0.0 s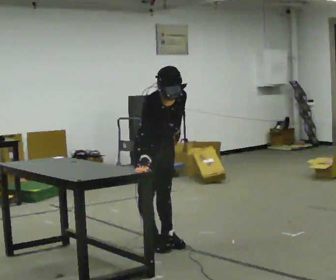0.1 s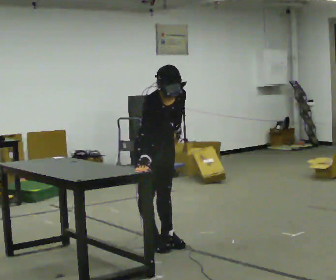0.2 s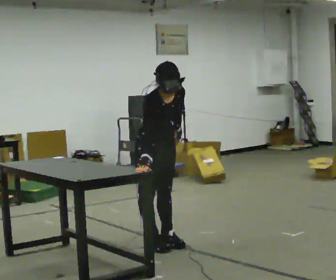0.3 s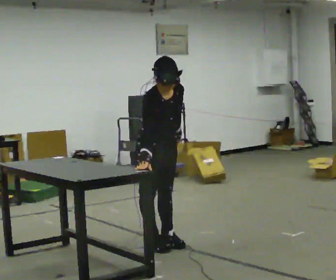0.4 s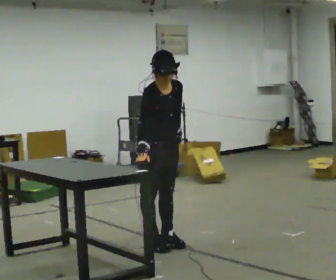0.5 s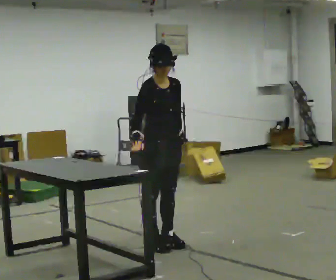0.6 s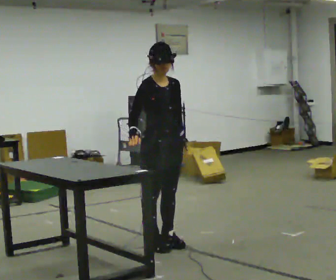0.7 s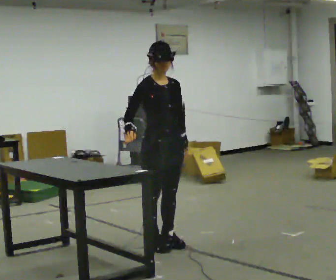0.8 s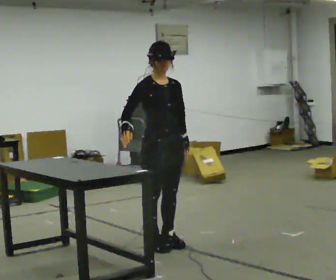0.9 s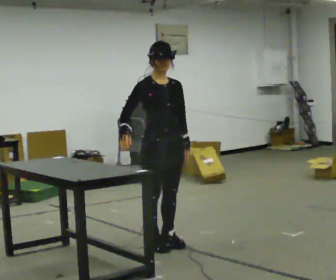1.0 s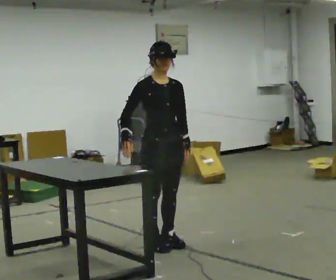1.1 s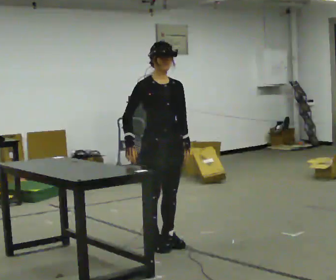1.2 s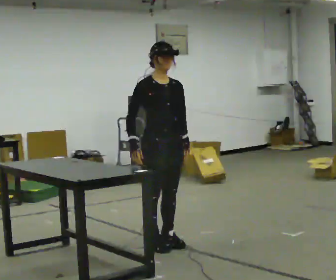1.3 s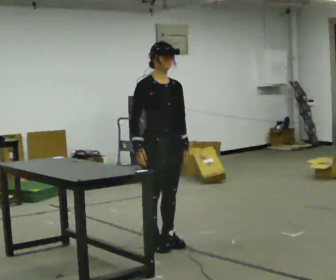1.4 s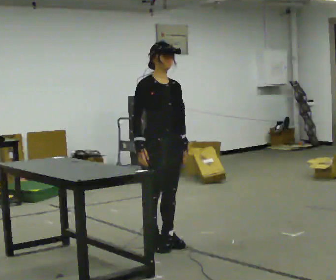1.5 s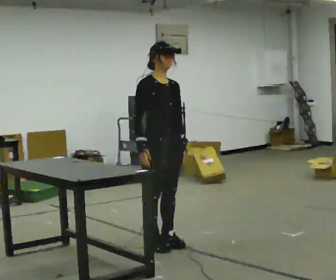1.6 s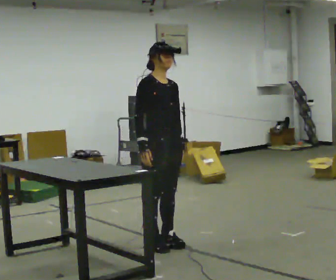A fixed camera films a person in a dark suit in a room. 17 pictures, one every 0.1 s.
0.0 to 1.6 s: The upper body tips away from the camera, its near side rolling upward, as they lean back or straighten.
The film runs backward here.
